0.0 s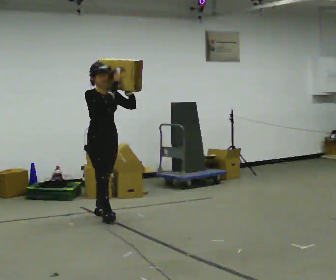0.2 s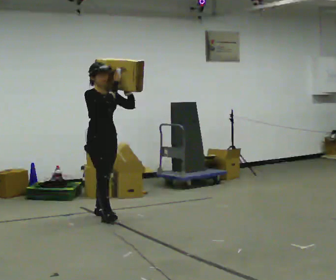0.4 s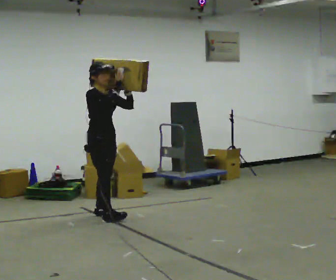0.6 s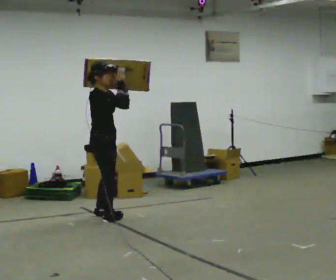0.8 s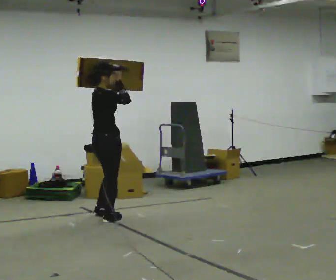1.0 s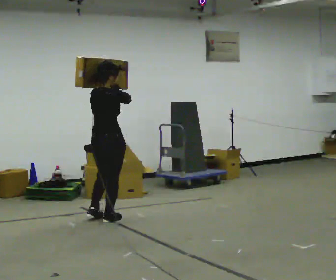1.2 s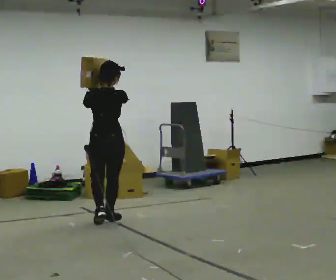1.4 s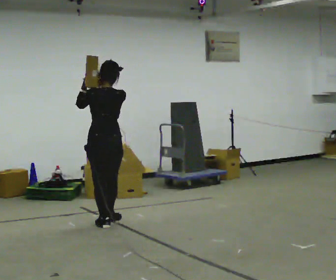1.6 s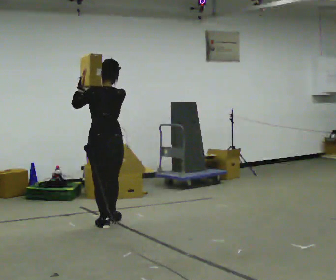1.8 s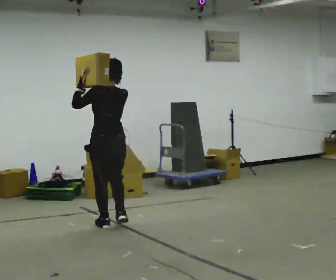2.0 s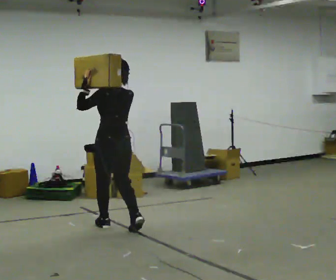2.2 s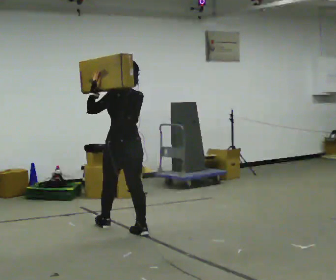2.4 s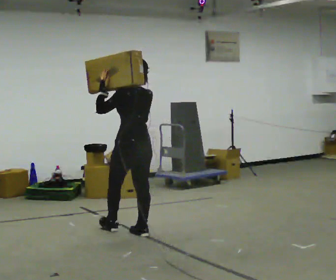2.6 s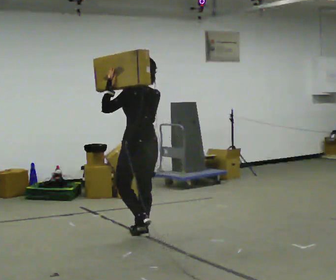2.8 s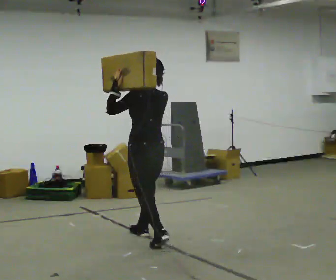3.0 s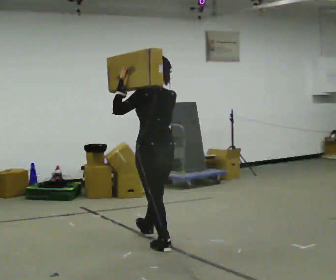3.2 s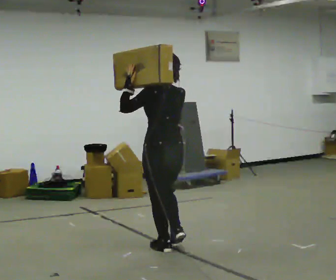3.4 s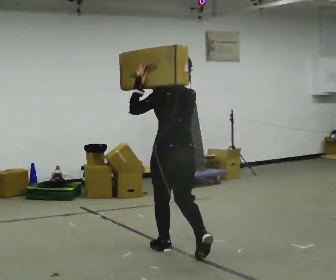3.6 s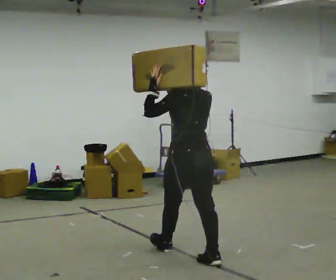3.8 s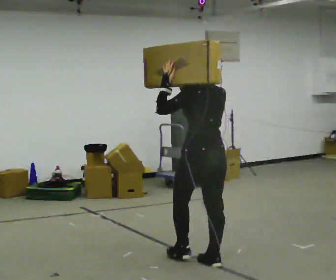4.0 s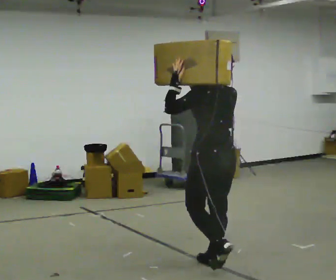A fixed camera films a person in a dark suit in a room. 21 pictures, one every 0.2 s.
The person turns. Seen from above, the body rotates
counterclockwise.
The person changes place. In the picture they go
toward the camera.
0.0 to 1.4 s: The part of the body nearest the lens slides to the right as the person turns to their left by about 150 degrees. In the picture they go toward the camera, about 0.25 m in 1 step.
1.4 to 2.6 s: Seen from above the body turns counterclockwise, about 30 degrees: to their left, with its near side sliding to the right. In the picture they go toward the camera and to the right, about 0.75 m in 2 steps, which for them is backward.
2.6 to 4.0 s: In the picture they go toward the camera and to the right, about 1 m in 2 steps, which for them is backward.
The film runs backward here.
